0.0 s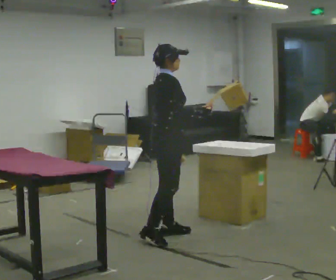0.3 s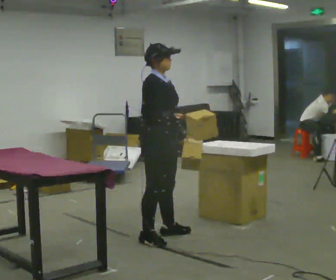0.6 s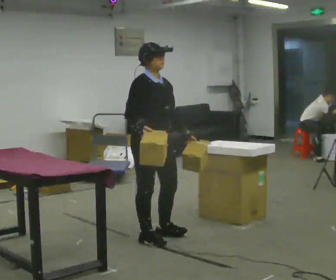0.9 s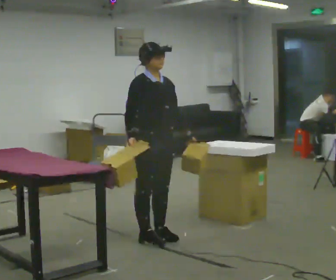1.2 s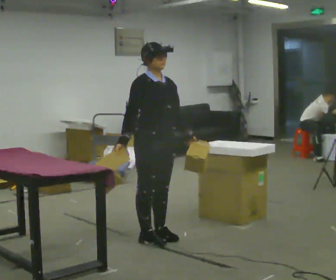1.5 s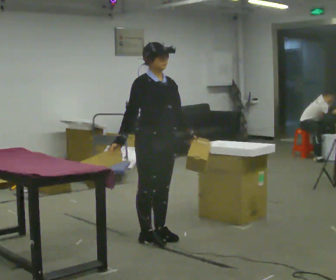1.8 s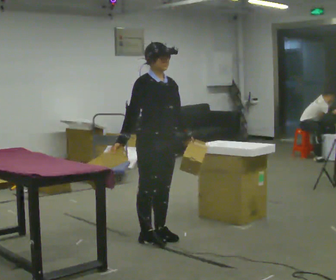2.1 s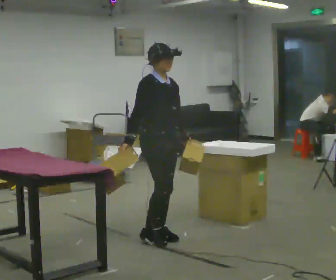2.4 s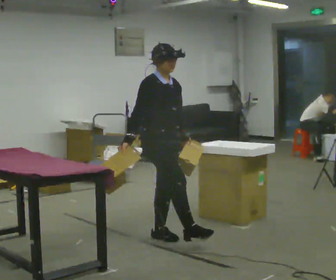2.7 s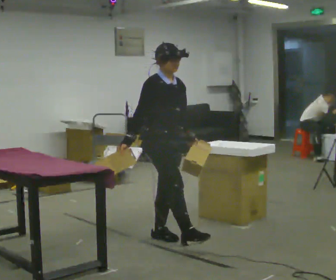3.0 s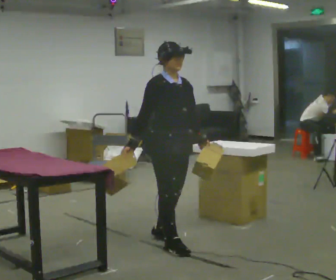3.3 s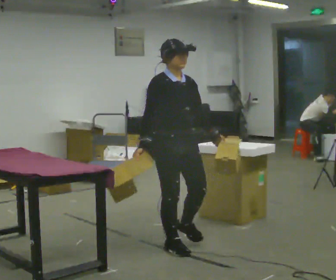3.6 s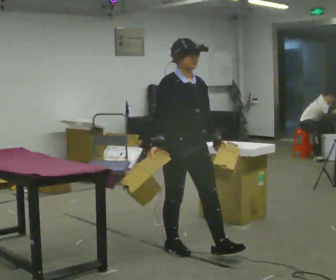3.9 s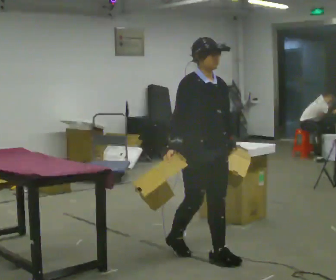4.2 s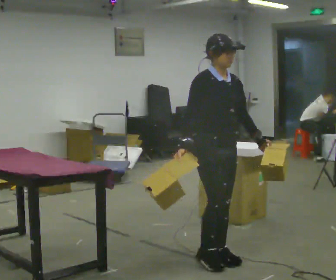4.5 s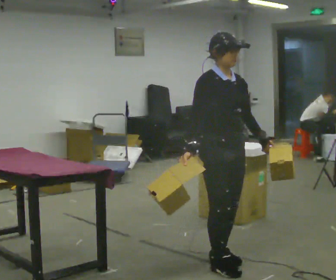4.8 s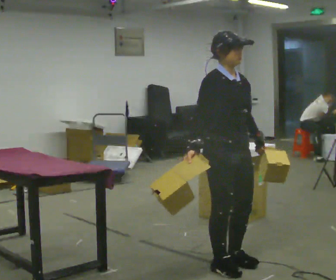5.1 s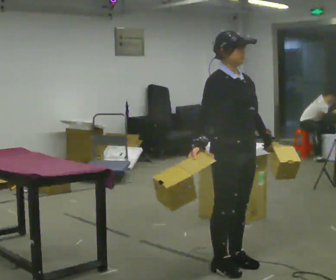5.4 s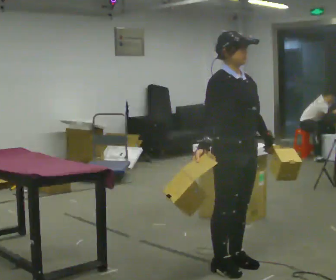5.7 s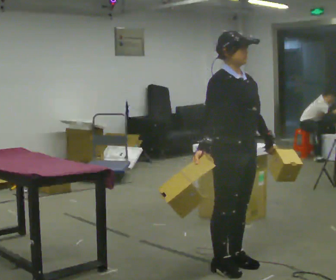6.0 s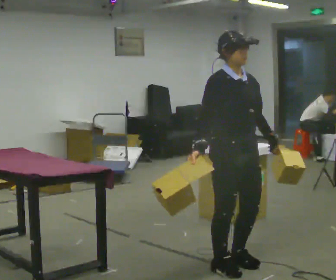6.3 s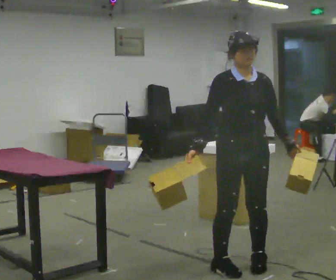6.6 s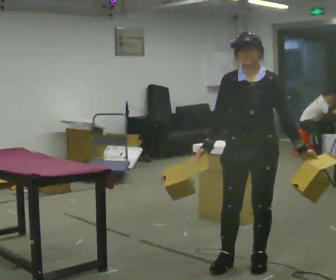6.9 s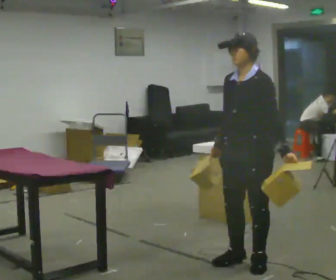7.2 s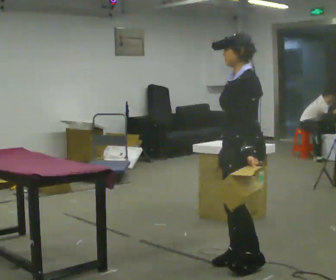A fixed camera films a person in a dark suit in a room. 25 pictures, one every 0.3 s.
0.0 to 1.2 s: The person turns about 45 degrees to their right, clockwise seen from above, so the part of the body nearest the lens slides to the left. In the picture their right hand goes to the left.
1.2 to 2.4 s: The person moves a little, or ends about where they began.
2.4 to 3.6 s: In the picture they go toward the camera and to the right, about 0.5 m in 1 step, which for them is forward.
3.6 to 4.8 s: In the picture they go toward the camera and to the right, about 0.5 m in 2 steps, which for them is forward.
4.8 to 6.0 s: The person moves a little, or ends about where they began.
6.0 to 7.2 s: The part of the body nearest the lens slides to the left as the person turns to their right by about 120 degrees. In the picture their right hand goes to the right.
The film runs forward here.
